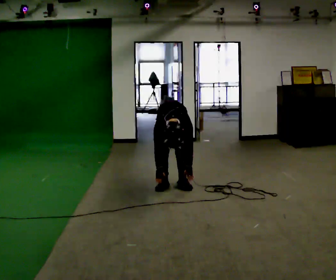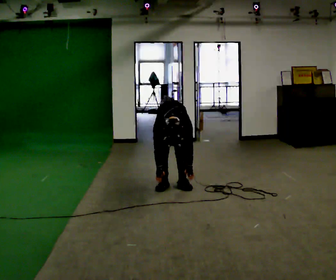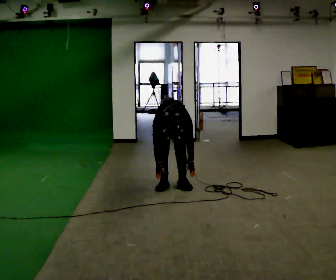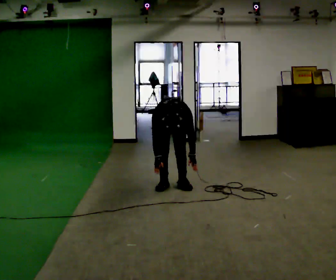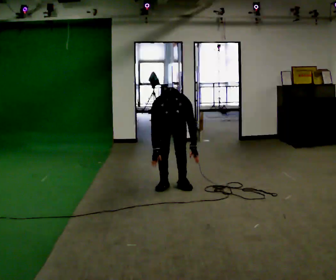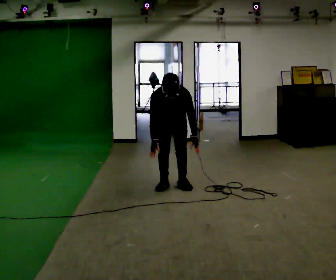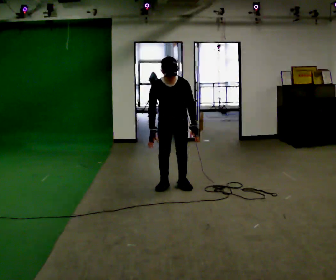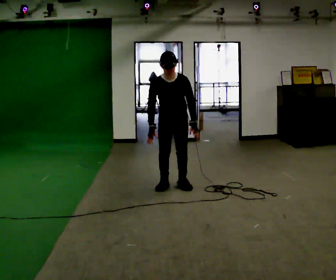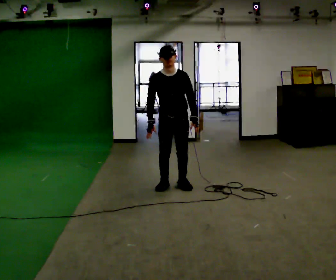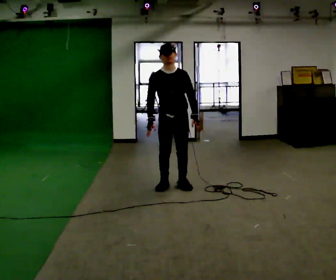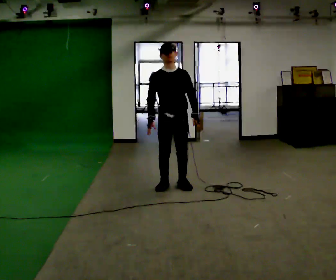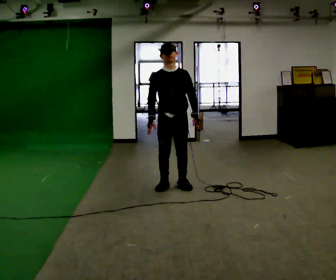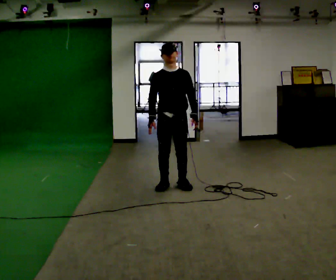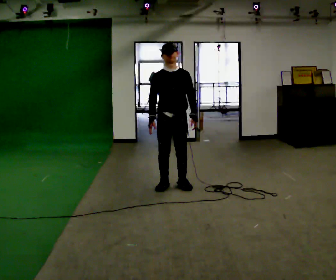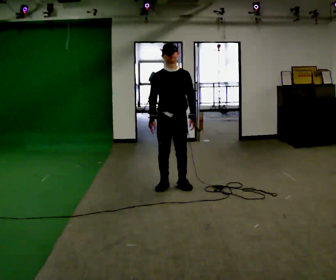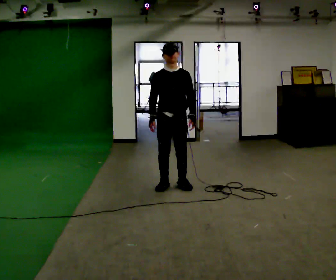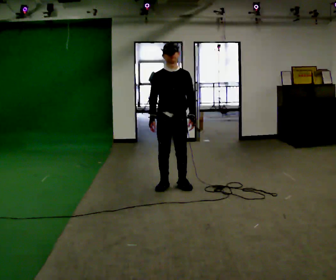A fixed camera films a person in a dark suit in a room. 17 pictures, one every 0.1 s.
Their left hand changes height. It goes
upward.
The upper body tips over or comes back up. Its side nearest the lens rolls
upward.
0.0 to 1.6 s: In the picture they go toward the camera, about 0.25 m, which for them is forward. The shoulders move upward. The upper body tips away from the camera, its near side rolling upward, as they lean back or straighten. In the picture their left hand goes upward.
The film runs backward here.
